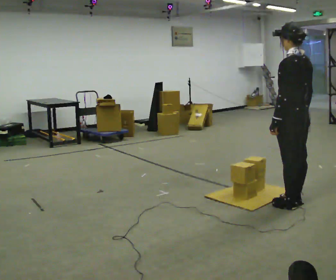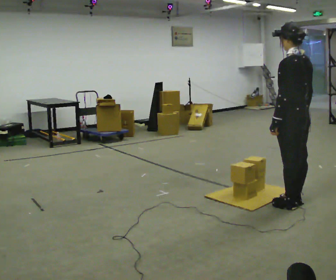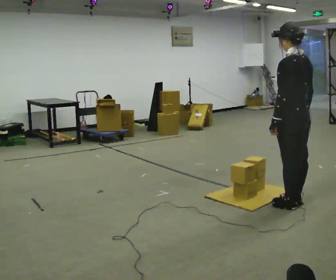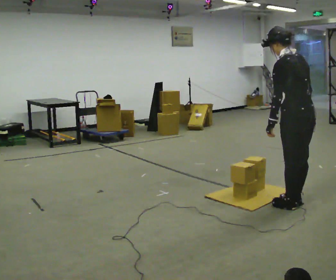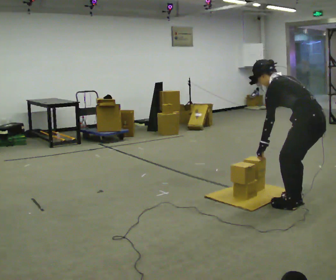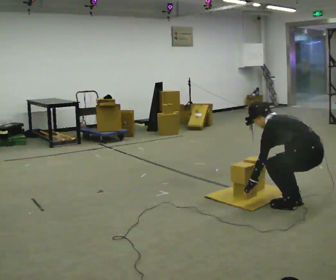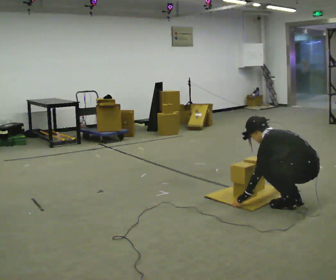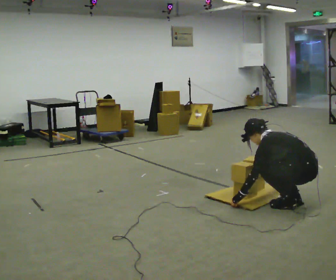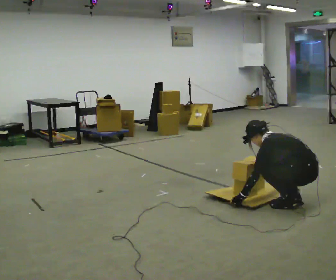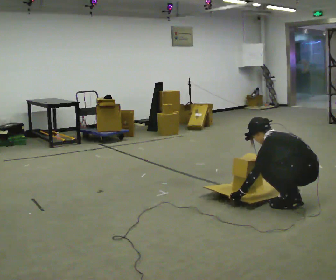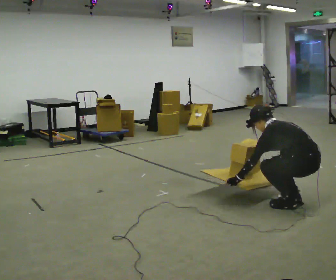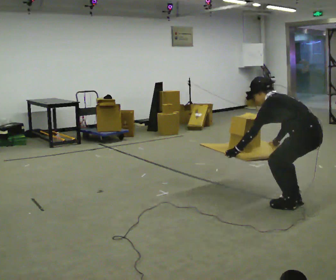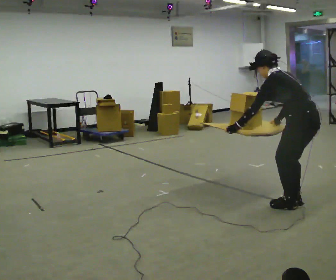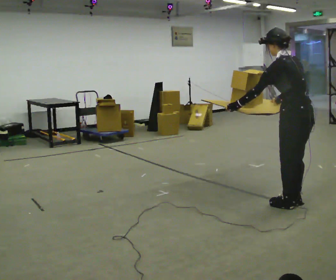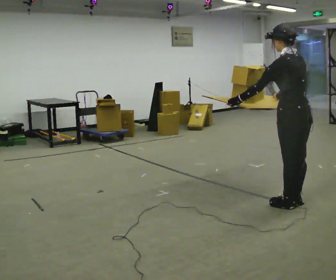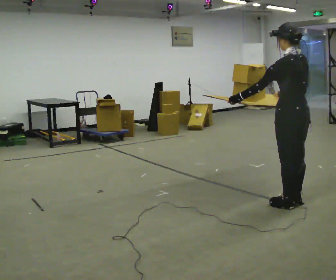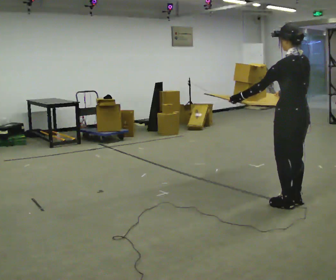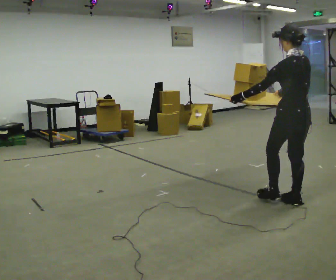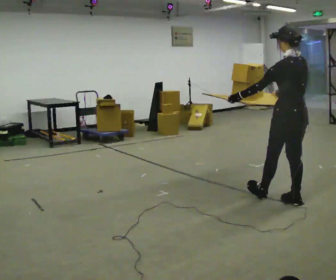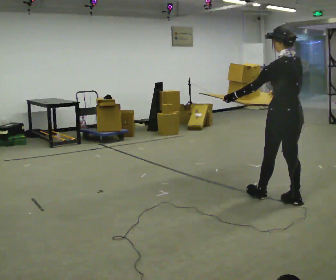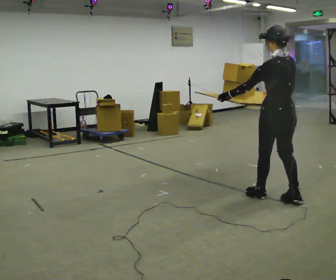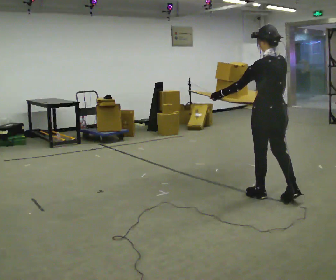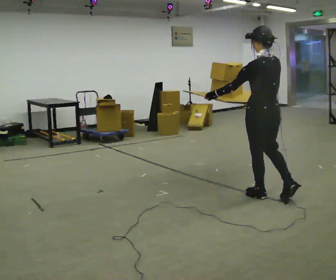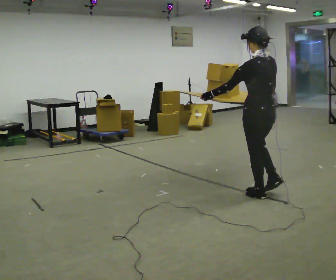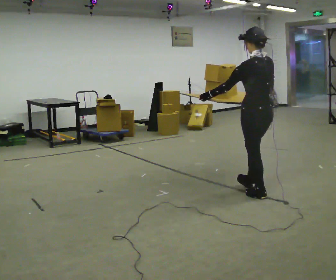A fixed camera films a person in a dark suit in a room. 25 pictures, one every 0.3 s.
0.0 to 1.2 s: The upper body goes downward. In the picture the upper body tilts counterclockwise, shoulders to the left, as they bend forward.
1.2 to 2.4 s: The shoulders move downward. In the picture the upper body tilts counterclockwise, shoulders to the left, as they bend forward. In the picture their left hand goes downward.
2.4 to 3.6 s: The shoulders move upward. In the picture the upper body tilts clockwise, shoulders to the right, as they lean back or straighten. In the picture their left hand goes upward.
3.6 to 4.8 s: In the picture the upper body tilts clockwise, shoulders to the right, as they lean back or straighten.
4.8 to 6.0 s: The person moves a little, or ends about where they began.
6.0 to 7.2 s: In the picture they go to the left, about 0.25 m, which for them is forward.
The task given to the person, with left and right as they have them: Carry the loaded tray flat and level in both hands, walking back and forth across the room. Try not to let anything slide off.
The film runs forward here.
